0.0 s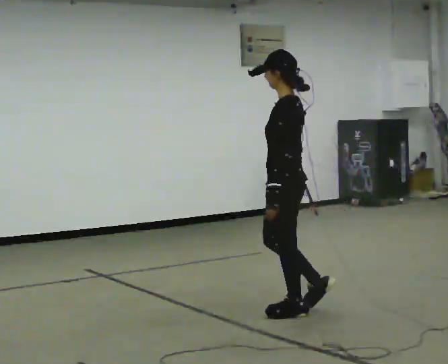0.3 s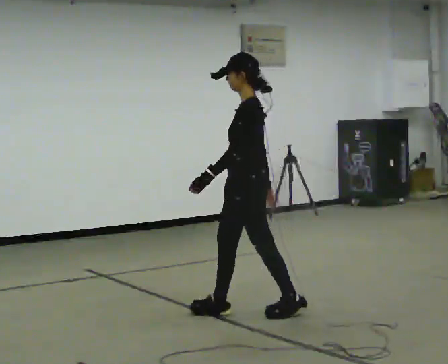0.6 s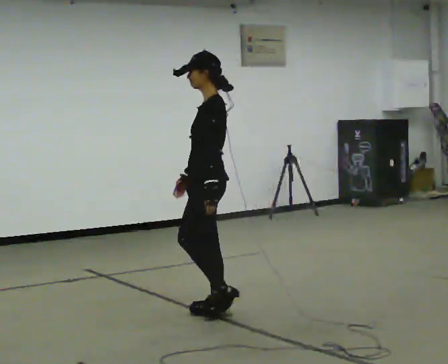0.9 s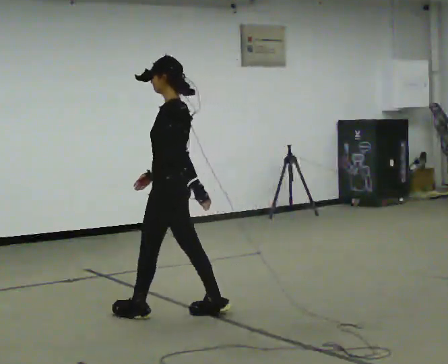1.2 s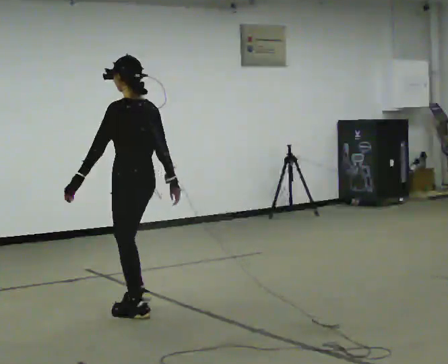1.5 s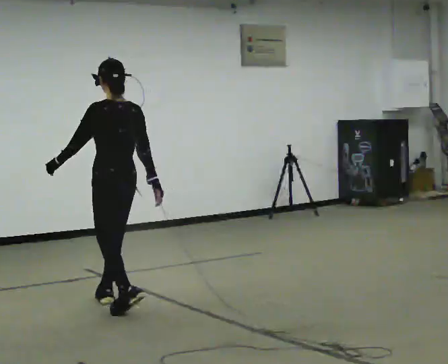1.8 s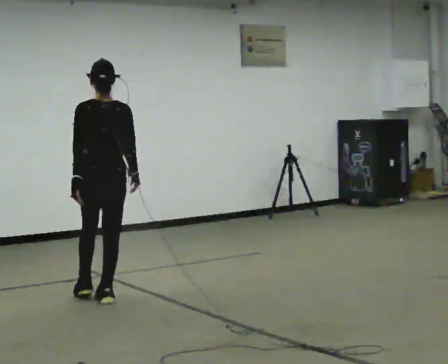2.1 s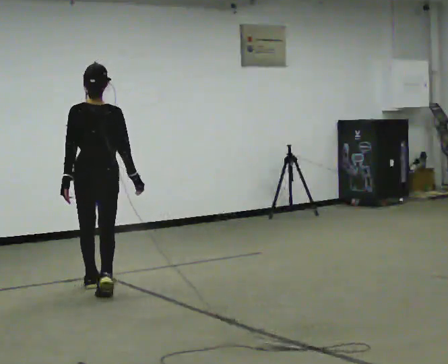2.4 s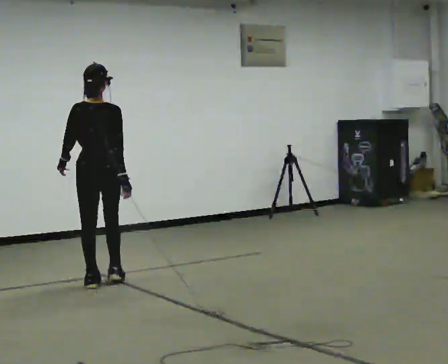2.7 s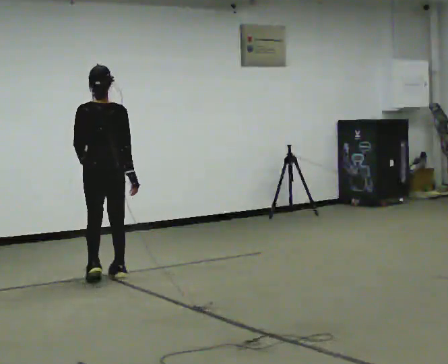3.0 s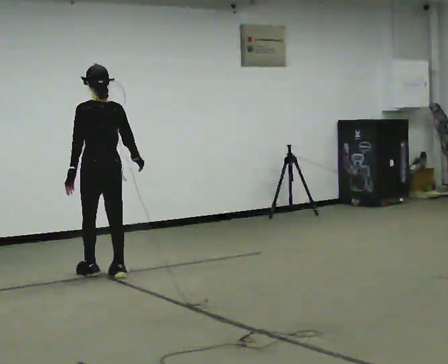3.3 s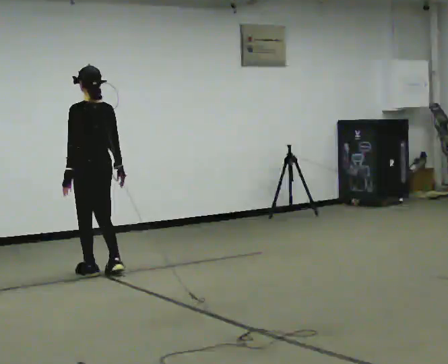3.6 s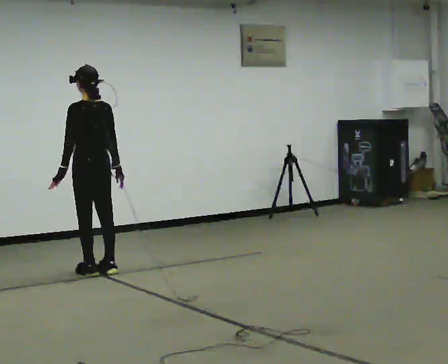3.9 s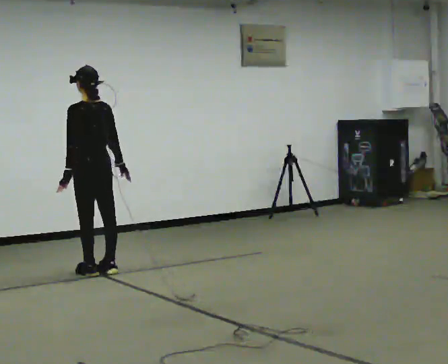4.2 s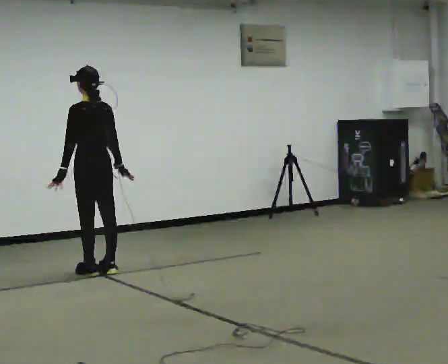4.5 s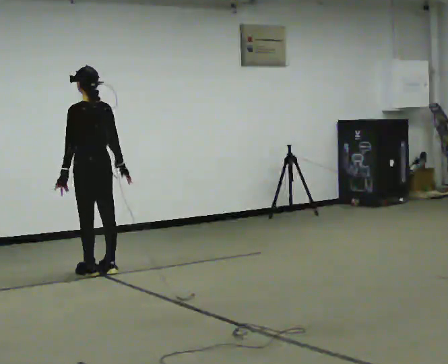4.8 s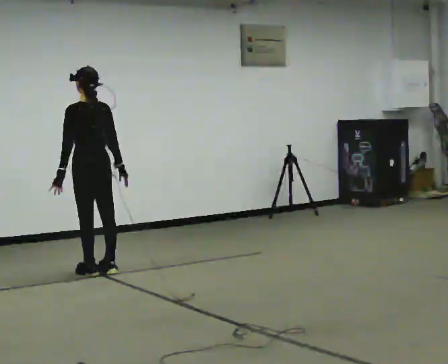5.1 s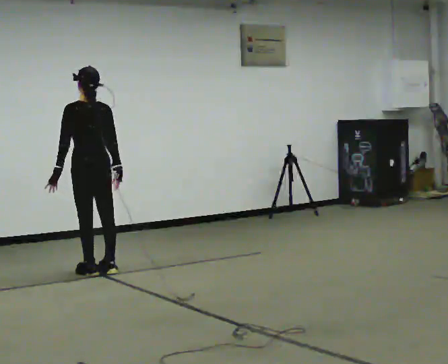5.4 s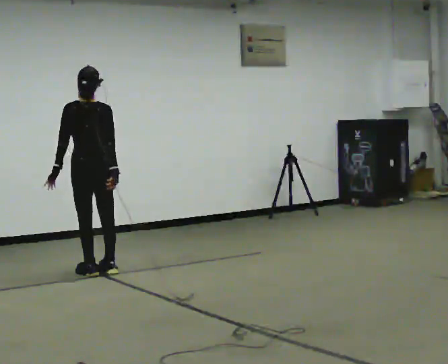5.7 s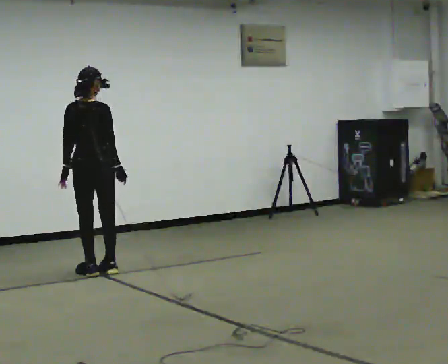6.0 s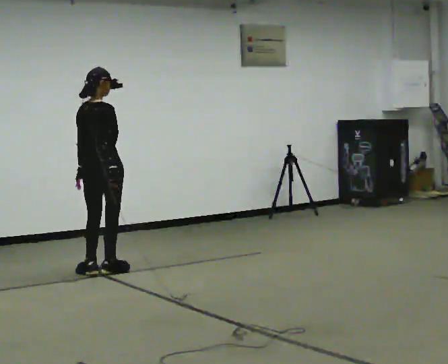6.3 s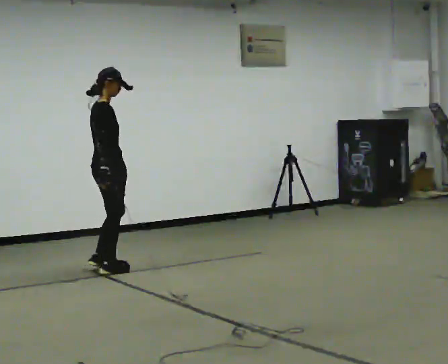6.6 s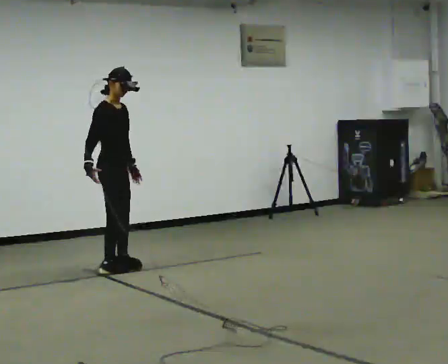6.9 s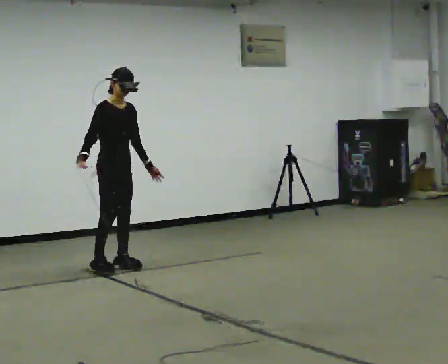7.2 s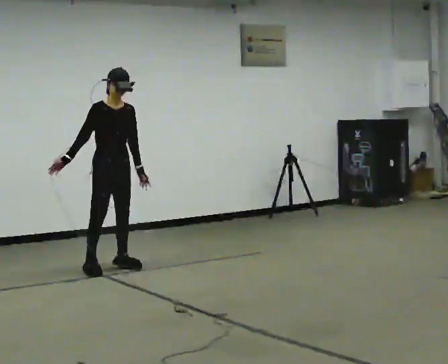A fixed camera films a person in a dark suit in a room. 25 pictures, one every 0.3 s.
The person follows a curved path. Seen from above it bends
clockwise.
The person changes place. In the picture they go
away from the camera.
0.0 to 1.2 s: Seen from above the body turns clockwise, about 30 degrees: to their right, with its near side sliding to the left. In the picture they go to the left, about 1 m in 2 steps, which for them is forward.
1.2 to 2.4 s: Seen from above the body turns clockwise, about 45 degrees: to their right, with its near side sliding to the left. In the picture they go away from the camera, about 1 m in 2 steps, which for them is forward.
2.4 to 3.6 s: The person turns about 45 degrees to their left, counterclockwise seen from above, so the part of the body nearest the lens slides to the right. In the picture they go away from the camera, about 0.5 m in 3 steps, which for them is forward.
3.6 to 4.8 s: The person moves a little, or ends about where they began.
4.8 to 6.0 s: Seen from above the body turns clockwise, about 75 degrees: to their right, with its near side sliding to the left.
6.0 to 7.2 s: The part of the body nearest the lens slides to the left as the person turns to their right by about 105 degrees. In the picture their right hand goes to the left, the arm swinging clockwise.
The film runs forward here.
